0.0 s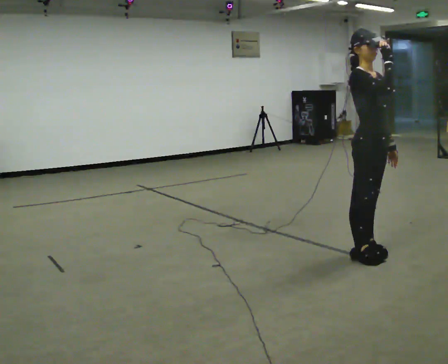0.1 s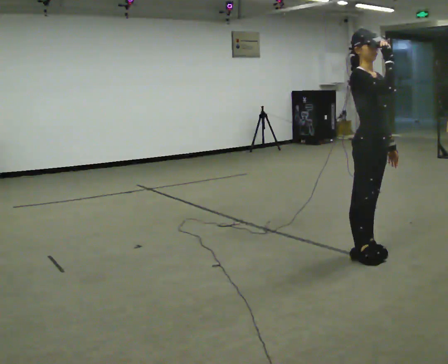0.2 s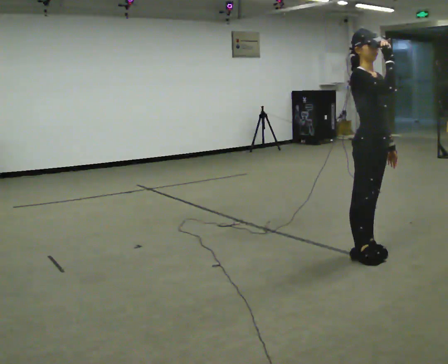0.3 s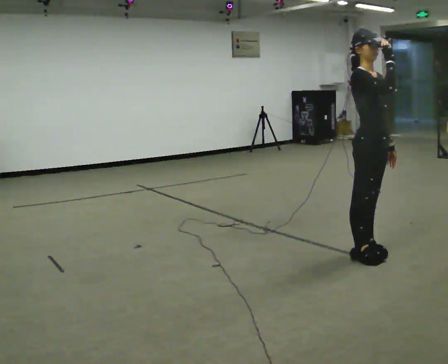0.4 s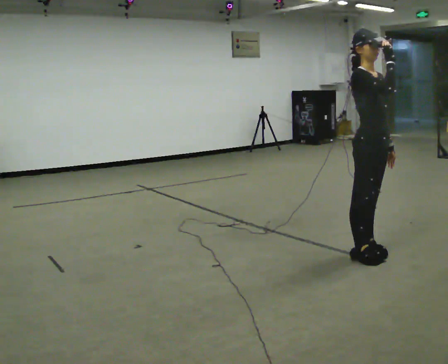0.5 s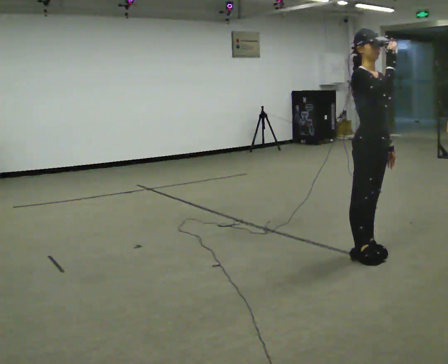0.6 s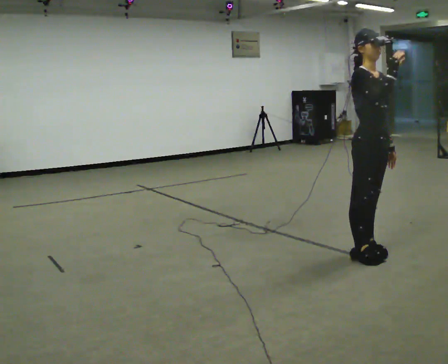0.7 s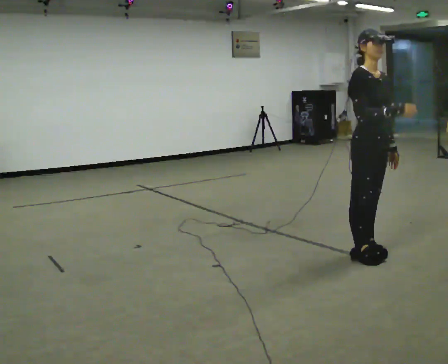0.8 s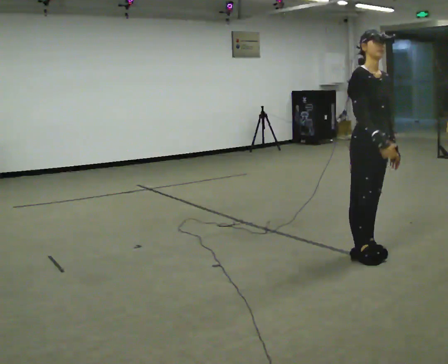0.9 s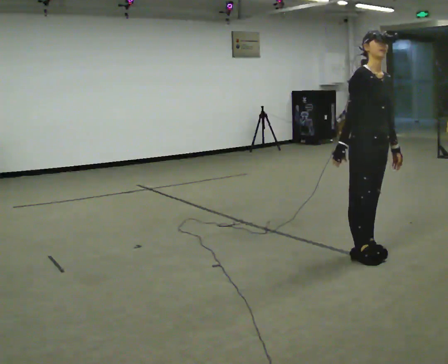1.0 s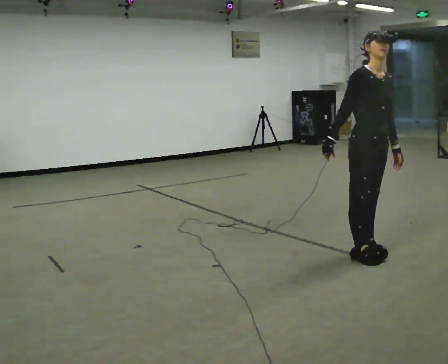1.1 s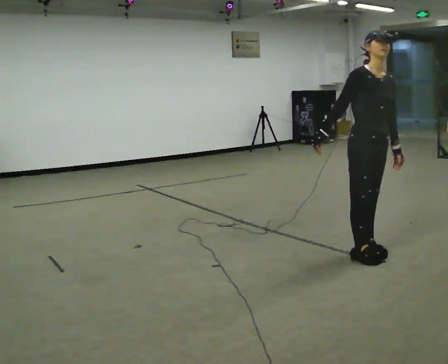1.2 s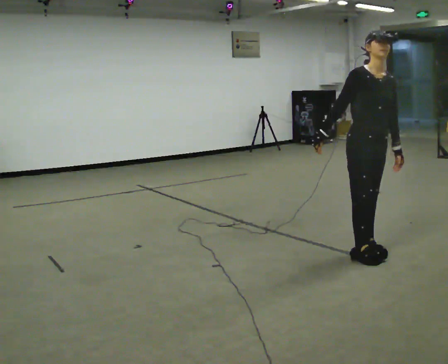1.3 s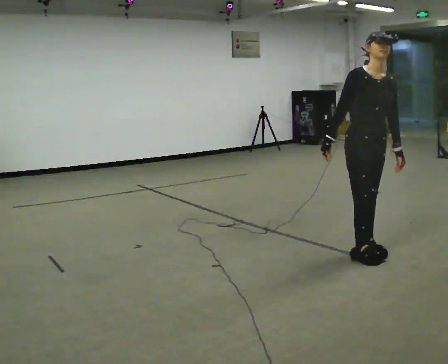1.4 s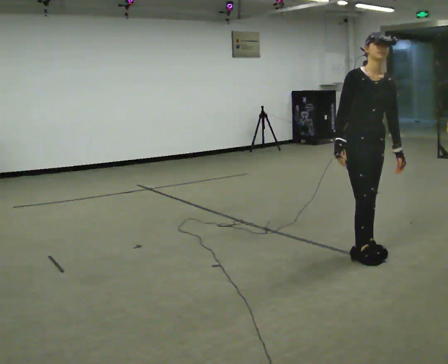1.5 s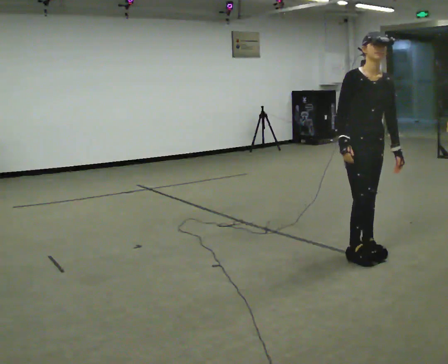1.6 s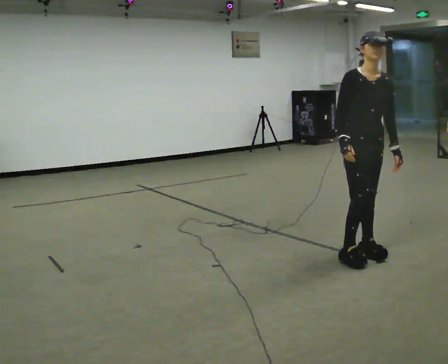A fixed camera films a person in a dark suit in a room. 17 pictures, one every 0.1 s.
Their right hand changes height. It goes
downward.
0.0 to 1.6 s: The part of the body nearest the lens slides to the left as the person turns to their right by about 30 degrees. In the picture their right hand goes downward and to the left.
The film runs forward here.
